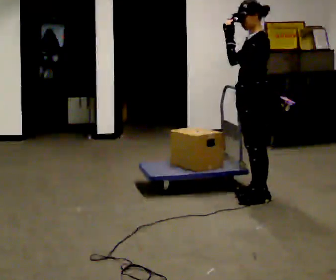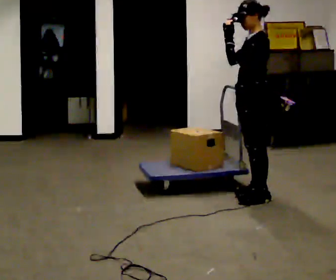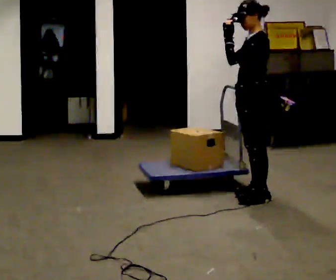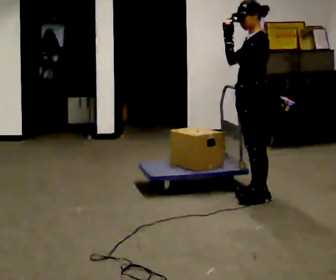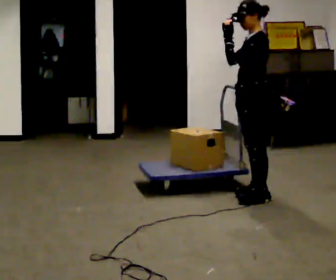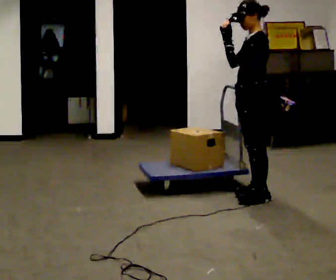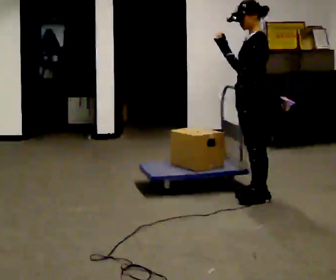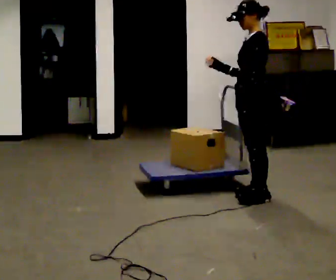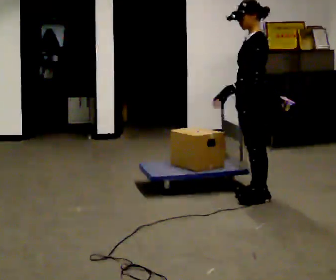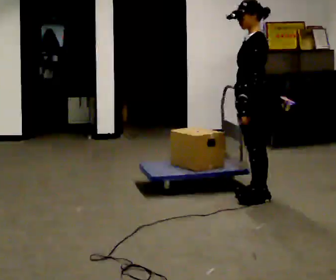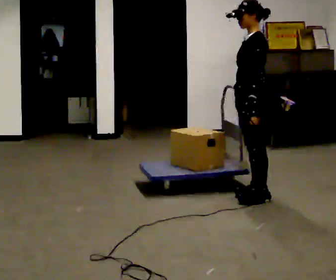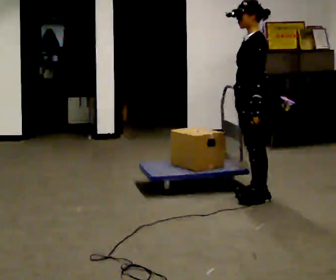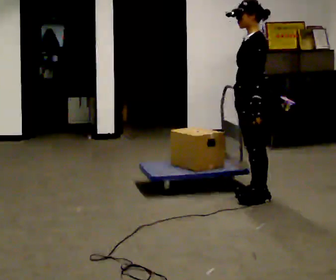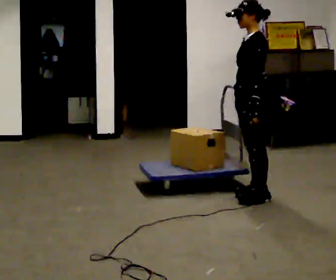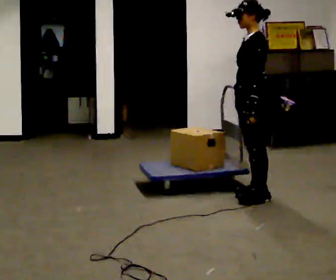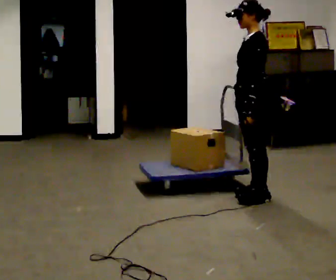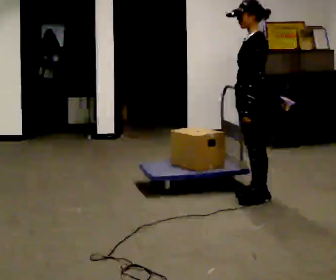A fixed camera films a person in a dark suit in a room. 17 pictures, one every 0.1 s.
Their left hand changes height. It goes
downward.
0.0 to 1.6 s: In the picture their left hand goes downward.
The film runs forward here.
